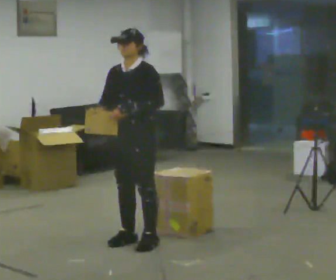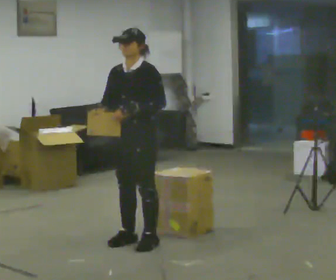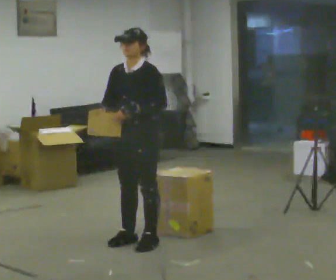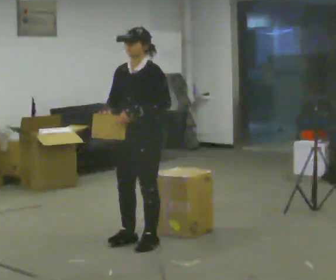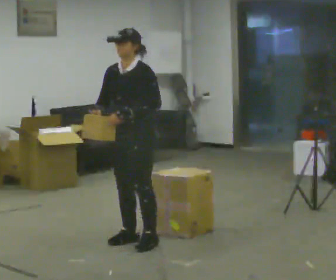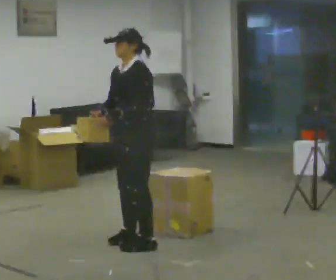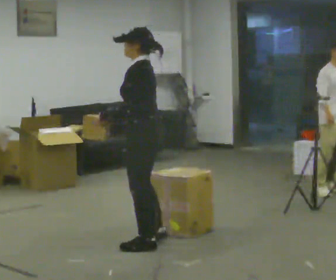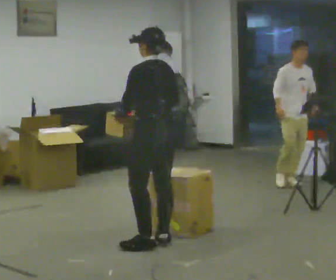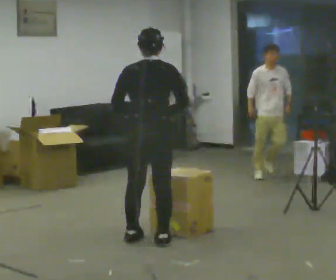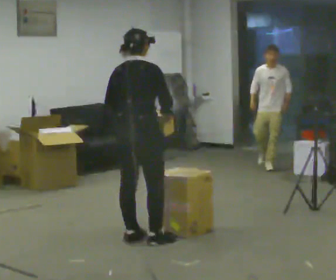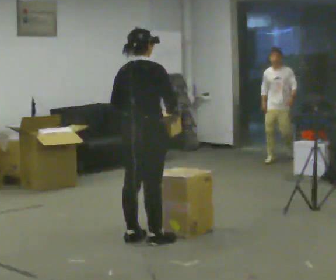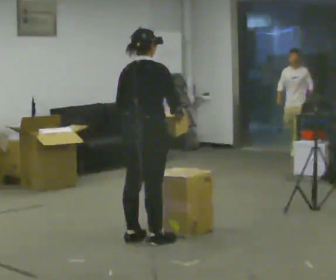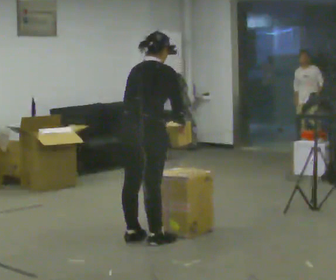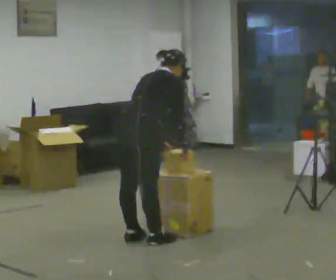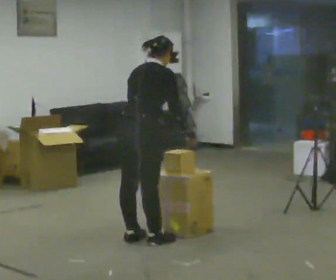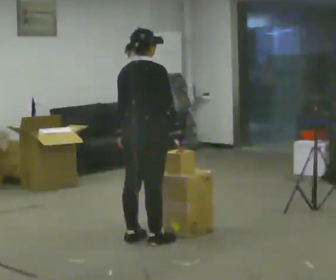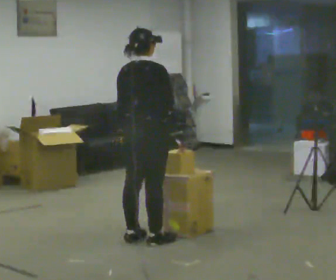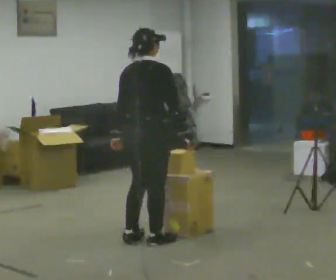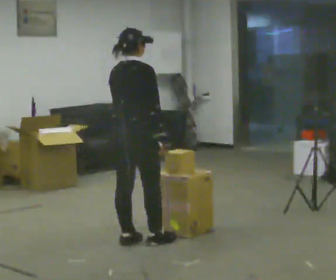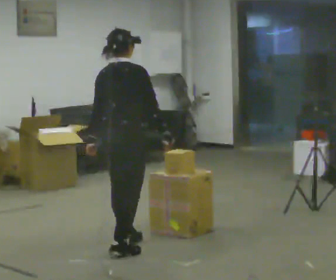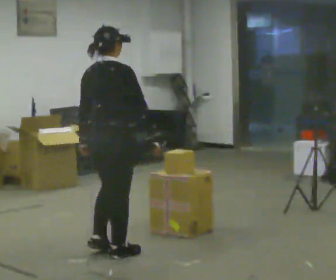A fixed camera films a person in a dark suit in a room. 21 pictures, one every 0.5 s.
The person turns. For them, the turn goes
to their right.
The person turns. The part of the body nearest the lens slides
to the left.
0.0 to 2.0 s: The person moves a little, or ends about where they began.
2.0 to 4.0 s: The person turns about 135 degrees to their right, clockwise seen from above, so the part of the body nearest the lens slides to the left. In the picture their right hand goes to the right.
4.0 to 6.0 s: The person turns about 45 degrees to their right, clockwise seen from above, so the part of the body nearest the lens slides to the left.
6.0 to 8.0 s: The person moves a little, or ends about where they began.
8.0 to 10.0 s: In the picture they go toward the camera and to the left, about 0.5 m in 2 steps, which for them is backward.
The film runs backward here.
